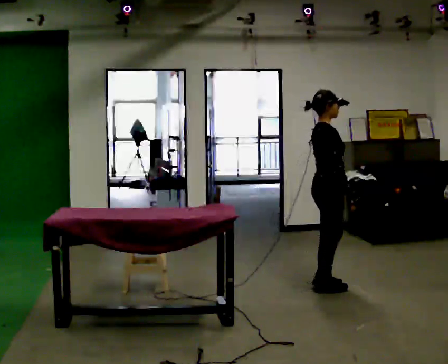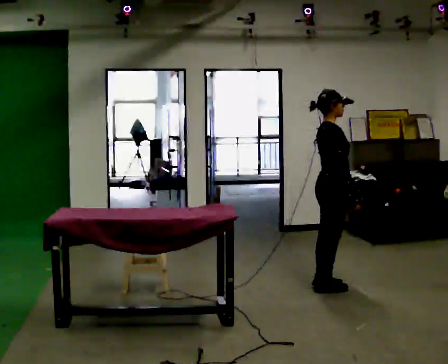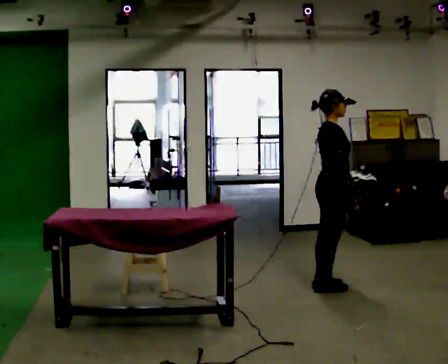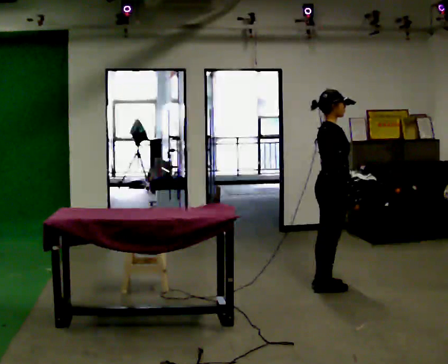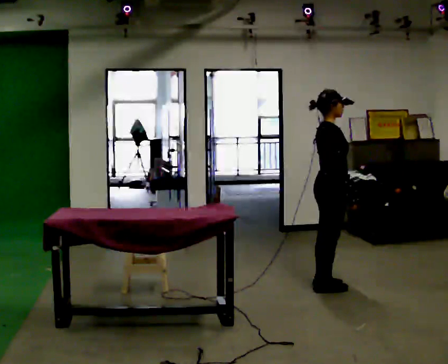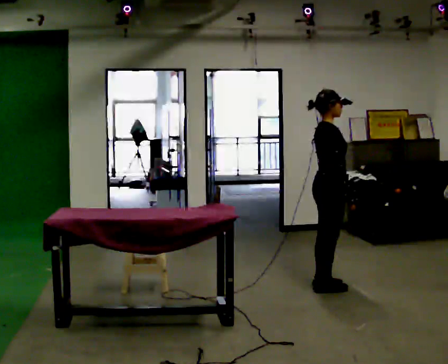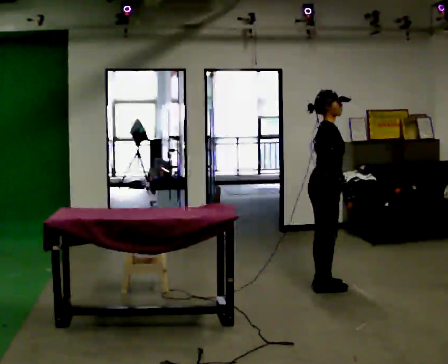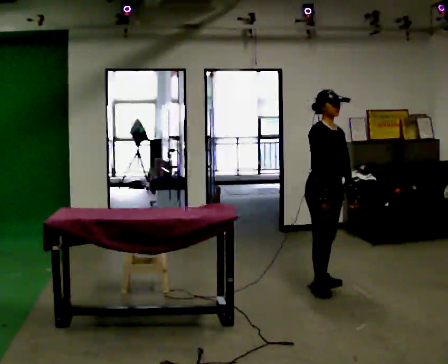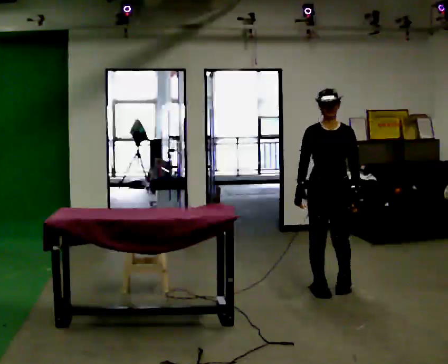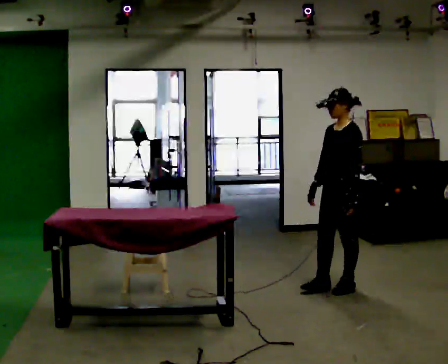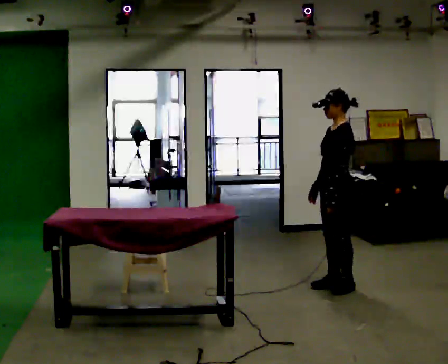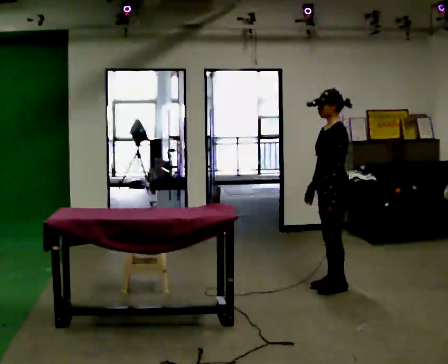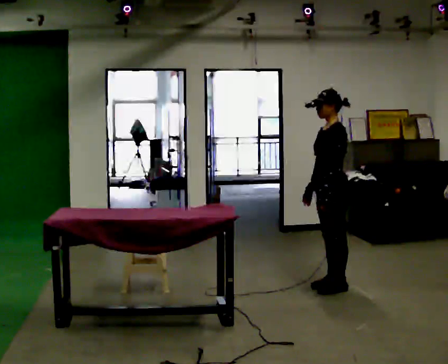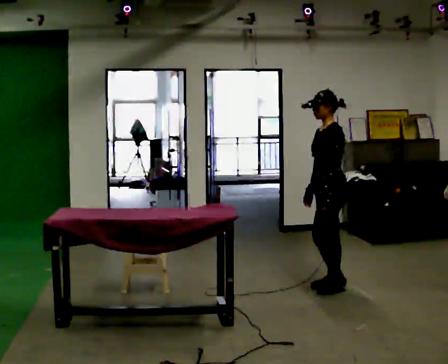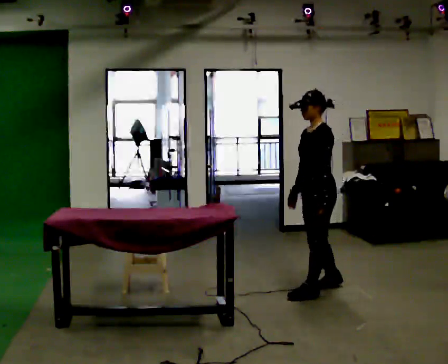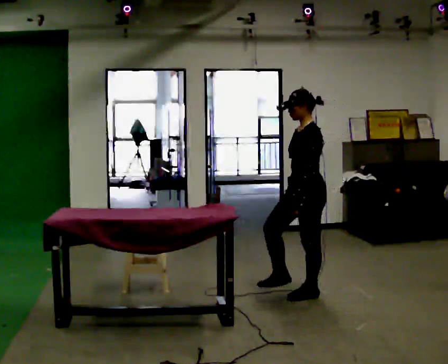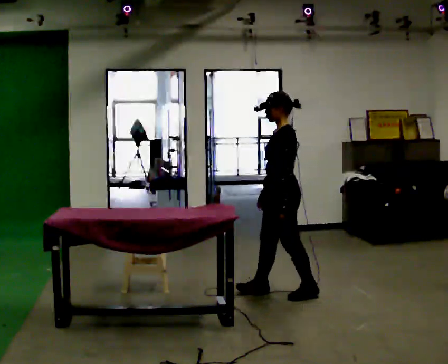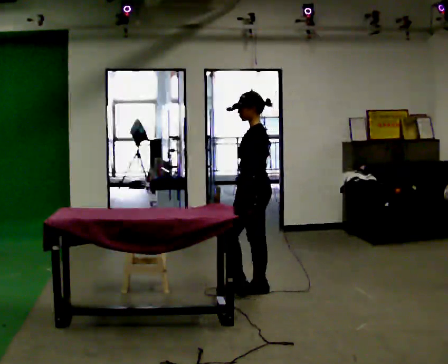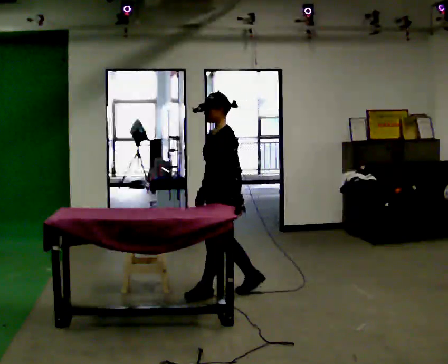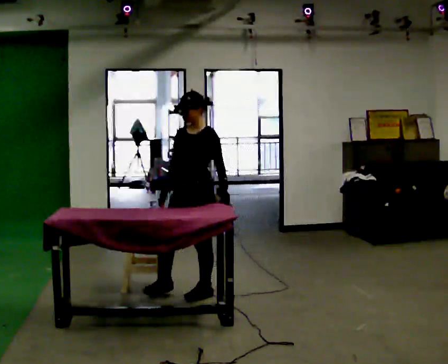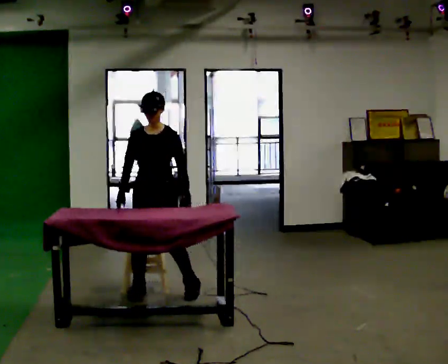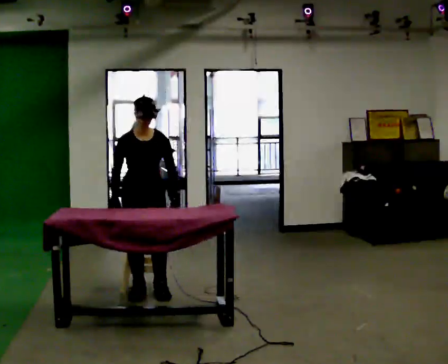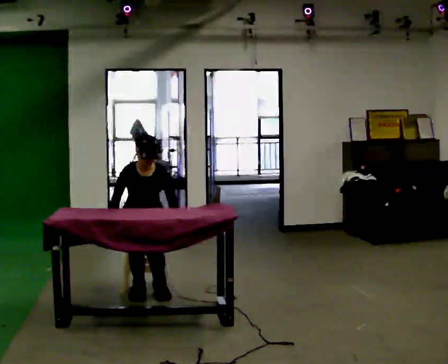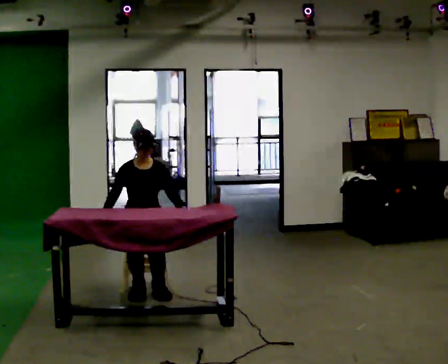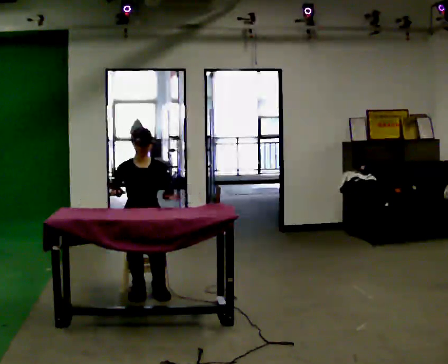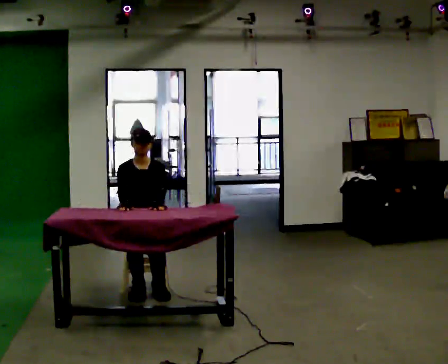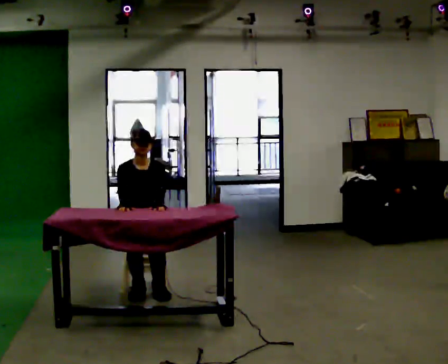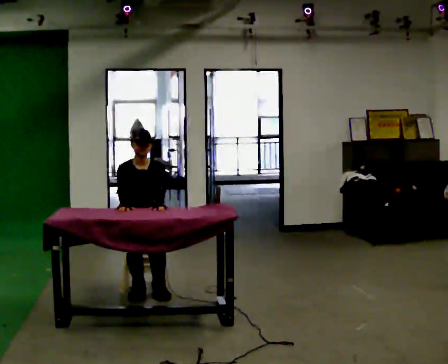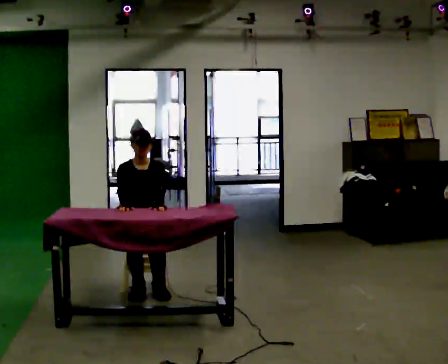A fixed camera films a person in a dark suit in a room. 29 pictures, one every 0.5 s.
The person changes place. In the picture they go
to the left.
0.0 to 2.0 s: The person moves a little, or ends about where they began.
2.0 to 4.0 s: The part of the body nearest the lens slides to the left as the person turns to their right by about 105 degrees. In the picture their right hand goes to the left, the arm swinging clockwise.
4.0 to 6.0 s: The part of the body nearest the lens slides to the left as the person turns to their right by about 75 degrees.
6.0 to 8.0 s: In the picture they go to the left and toward the camera, about 0.5 m in 2 steps, which for them is forward.
8.0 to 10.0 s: Seen from above the body turns counterclockwise, about 90 degrees: to their left, with its near side sliding to the right. In the picture they go to the left, about 1 m in 2 steps.
10.0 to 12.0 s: In the picture they go away from the camera and to the left, about 0.25 m in 1 step, which for them is backward. The shoulders move downward.
12.0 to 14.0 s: The person moves a little, or ends about where they began.
The film runs forward here.
